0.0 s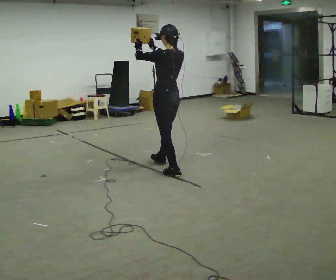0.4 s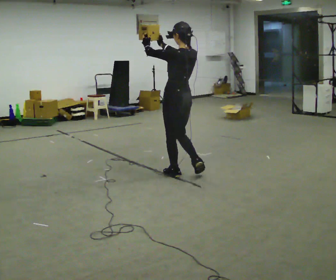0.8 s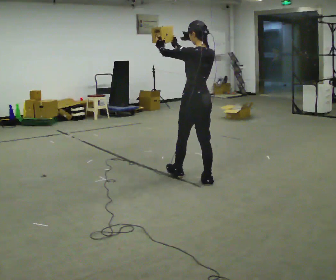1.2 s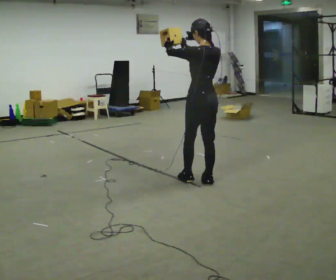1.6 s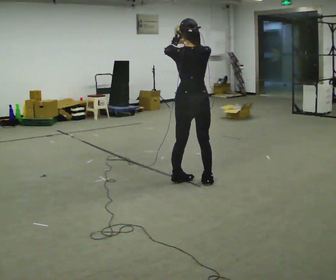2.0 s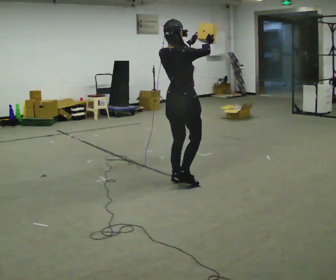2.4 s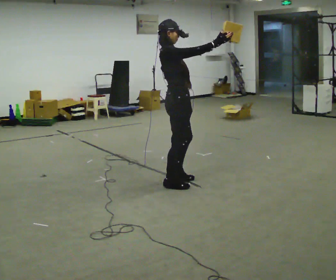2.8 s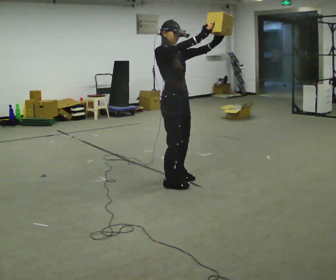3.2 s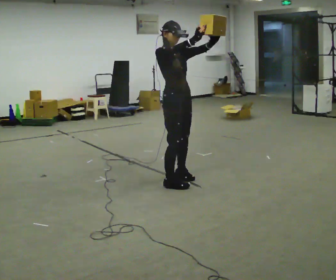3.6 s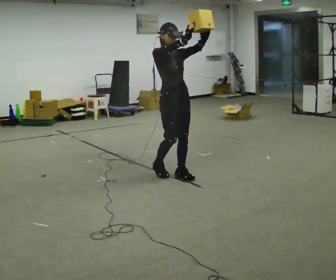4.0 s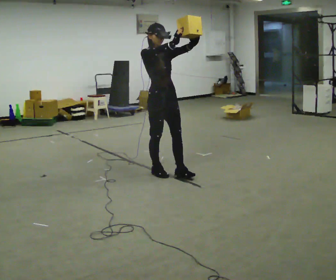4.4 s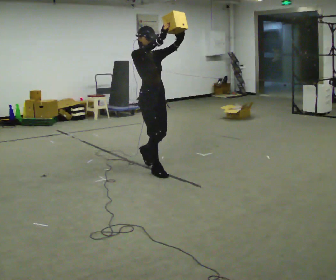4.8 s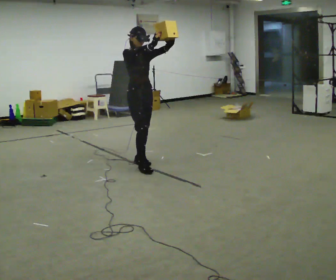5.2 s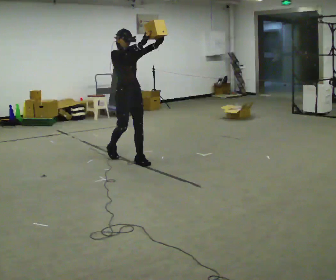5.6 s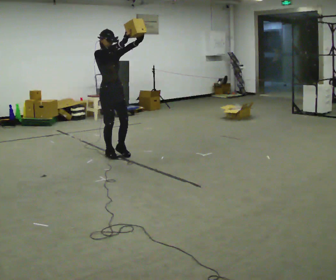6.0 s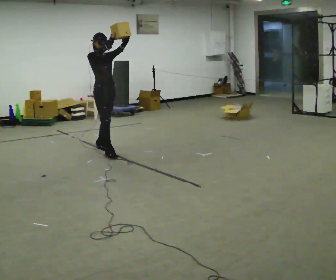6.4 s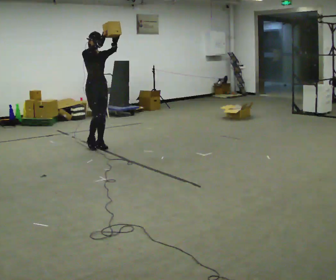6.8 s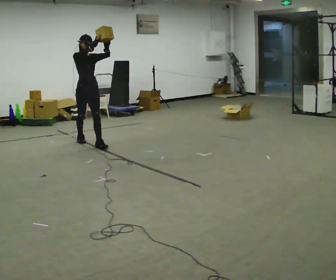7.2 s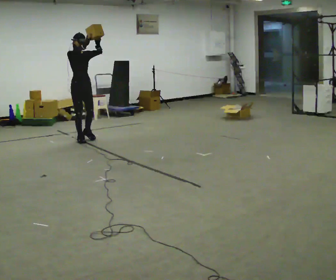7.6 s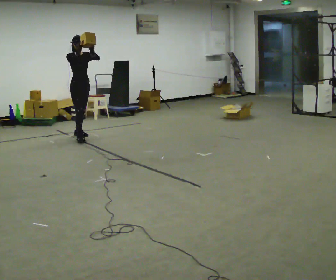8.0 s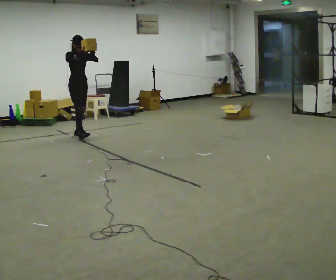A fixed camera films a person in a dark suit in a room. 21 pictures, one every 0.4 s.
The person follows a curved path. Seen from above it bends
clockwise.
0.0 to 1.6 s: Seen from above the body turns clockwise, about 30 degrees: to their right, with its near side sliding to the left. In the picture they go toward the camera and to the right, about 0.5 m in 2 steps, which for them is backward.
1.6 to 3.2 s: Seen from above the body turns clockwise, about 150 degrees: to their right, with its near side sliding to the left. In the picture they go to the left, about 0.25 m in 2 steps. In the picture their left hand goes to the right.
3.2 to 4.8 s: In the picture they go to the left and away from the camera, about 0.5 m in 3 steps, which for them is backward.
4.8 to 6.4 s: In the picture they go to the left and away from the camera, about 1 m in 2 steps, which for them is backward.
6.4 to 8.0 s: In the picture they go to the left and away from the camera, about 1 m in 1 step, which for them is backward.
The film runs backward here.
